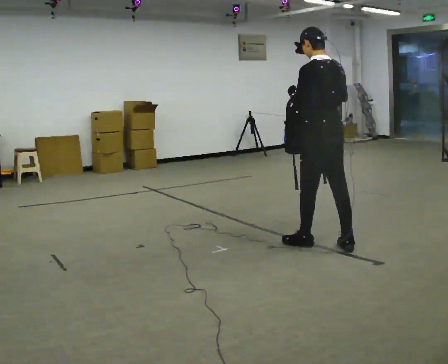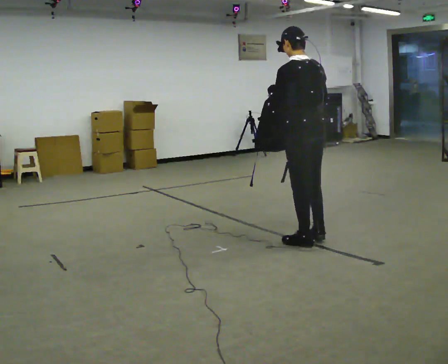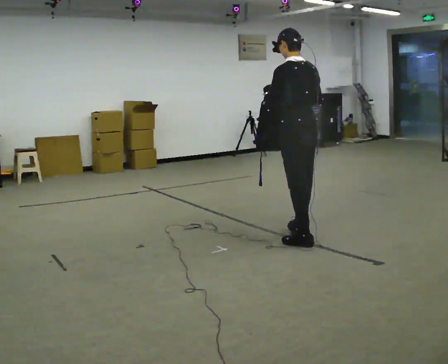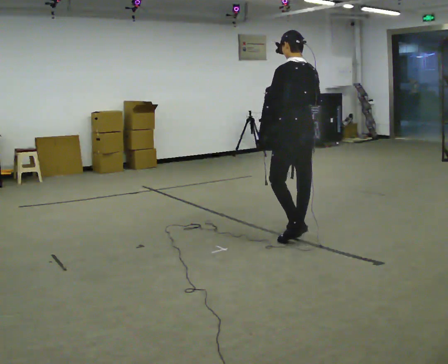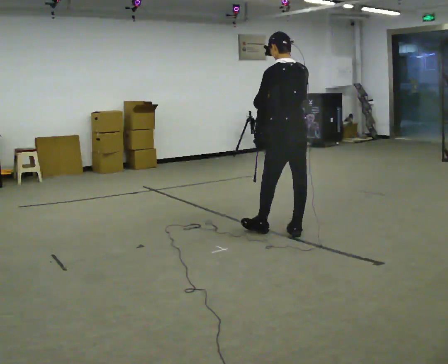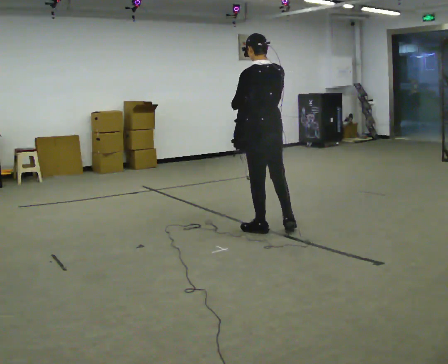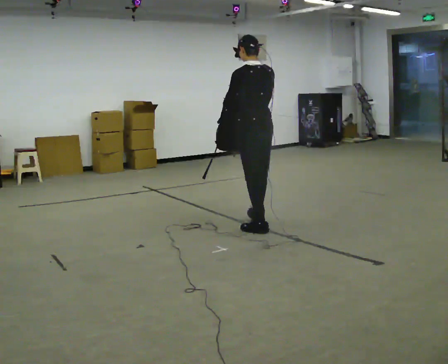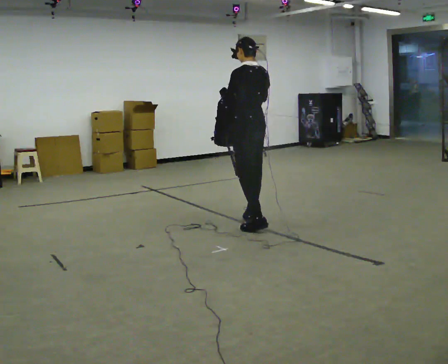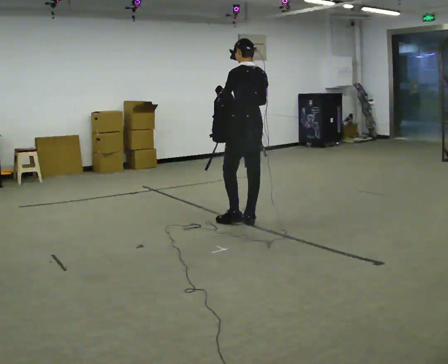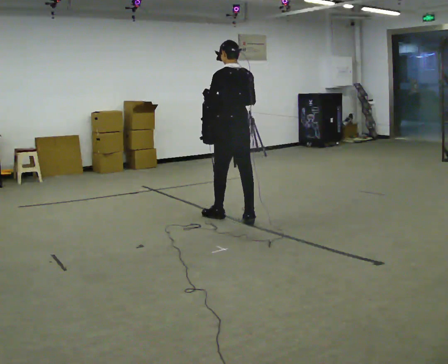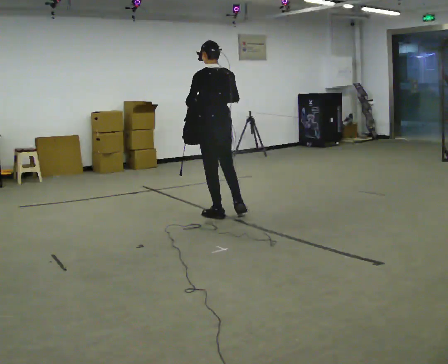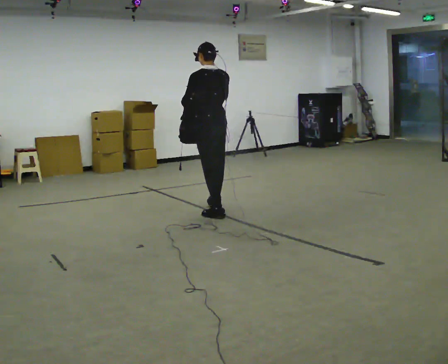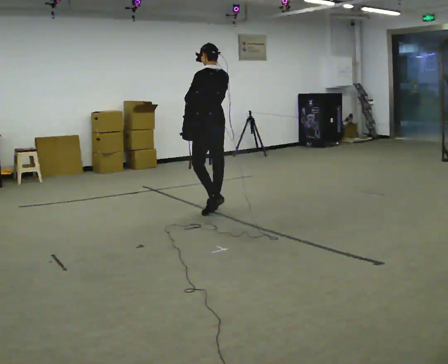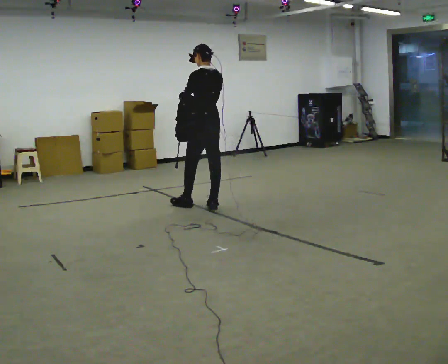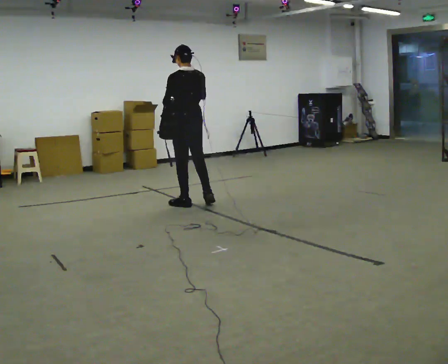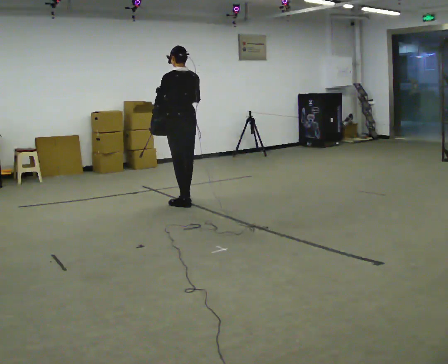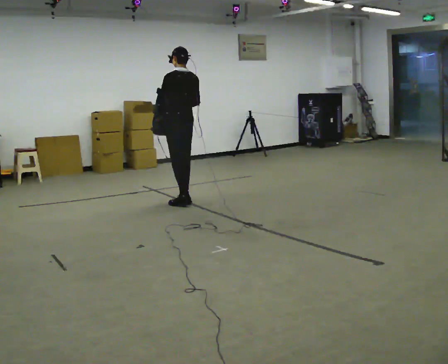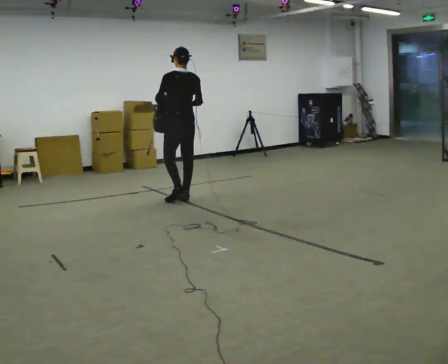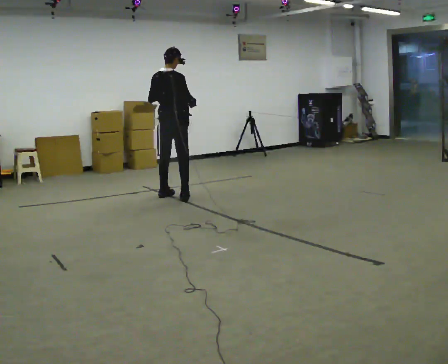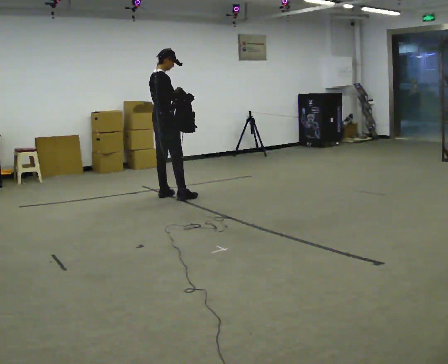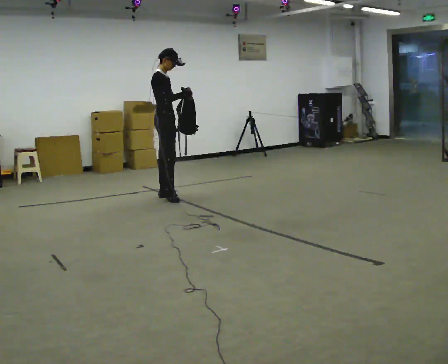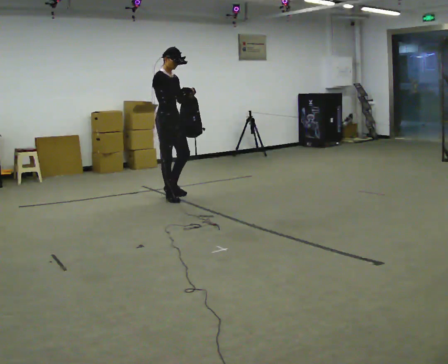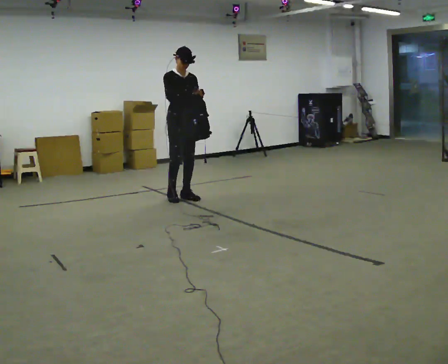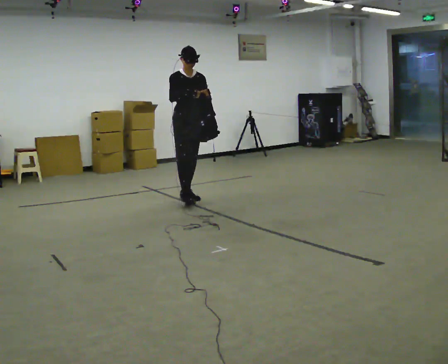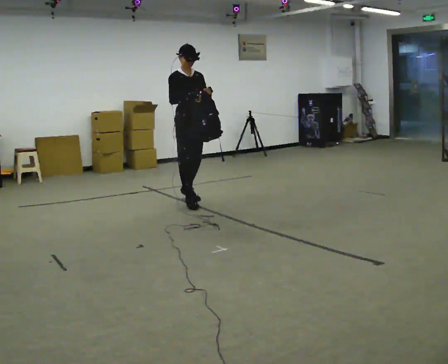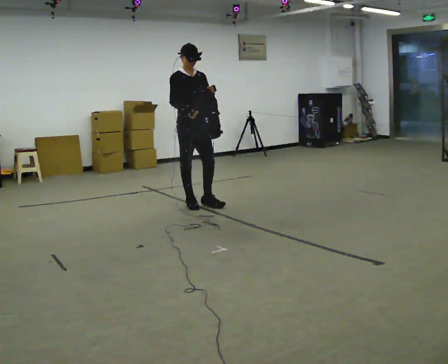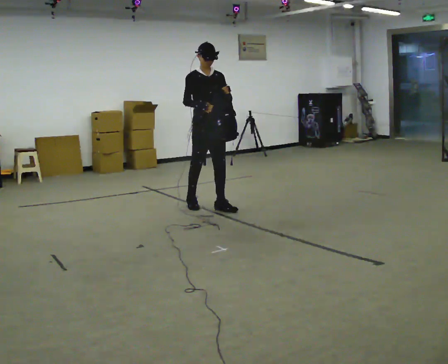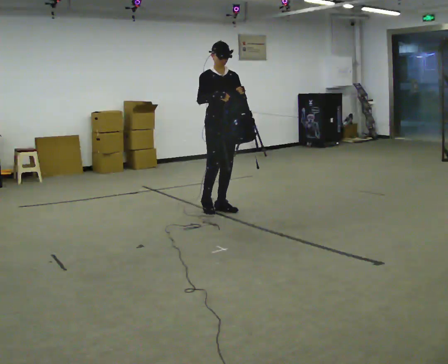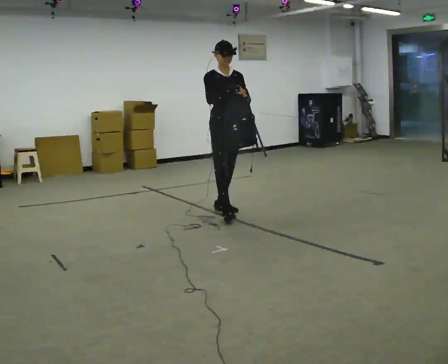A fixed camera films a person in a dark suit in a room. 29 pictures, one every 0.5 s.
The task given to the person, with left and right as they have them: Carry the bag and, while walking, undo the buckle or zip, then do it up again. Keep repeating as you walk. Do not stop.
0.0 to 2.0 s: In the picture they go away from the camera and to the left, about 0.5 m in 2 steps, which for them is forward.
2.0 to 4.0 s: In the picture they go away from the camera and to the left, about 0.5 m in 1 step, which for them is forward.
4.0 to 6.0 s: In the picture they go away from the camera and to the left, about 0.5 m in 2 steps, which for them is forward.
6.0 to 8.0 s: In the picture they go away from the camera and to the left, about 0.5 m in 2 steps, which for them is forward.
8.0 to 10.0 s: The part of the body nearest the lens slides to the left as the person turns to their right by about 135 degrees. In the picture they go away from the camera and to the left, about 0.25 m in 1 step.
10.0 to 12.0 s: The part of the body nearest the lens slides to the left as the person turns to their right by about 45 degrees. In the picture they go toward the camera and to the right, about 0.5 m in 2 steps, which for them is forward.
12.0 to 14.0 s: In the picture they go toward the camera and to the right, about 0.5 m in 2 steps, which for them is forward.
The film runs forward here.
